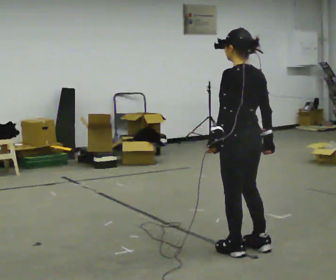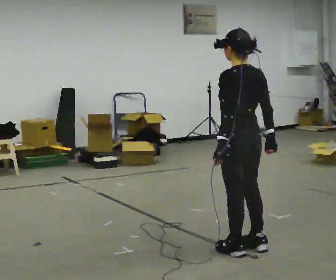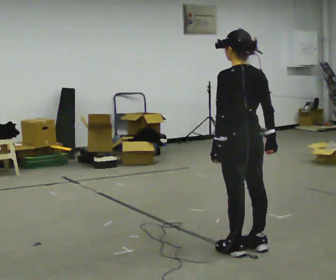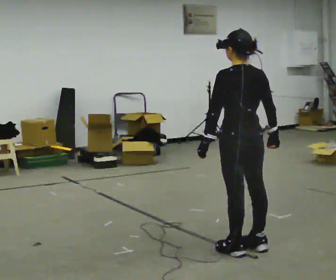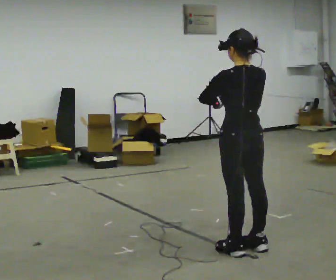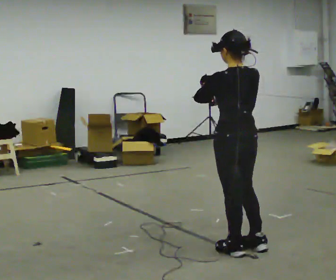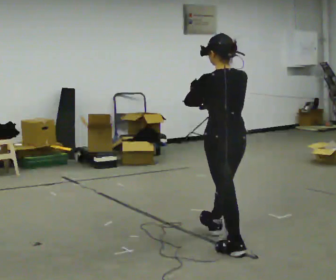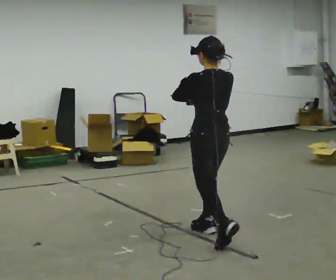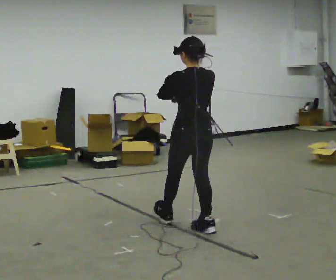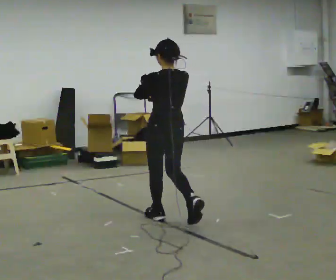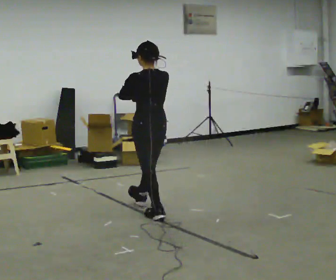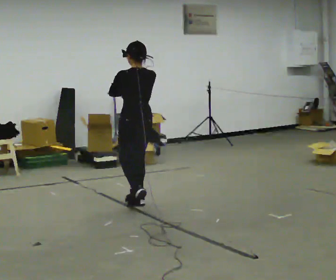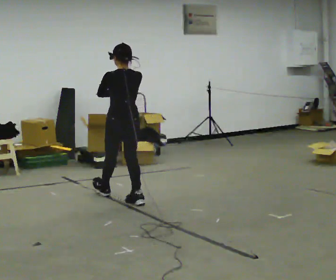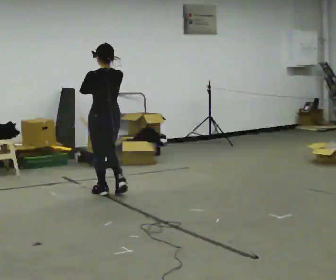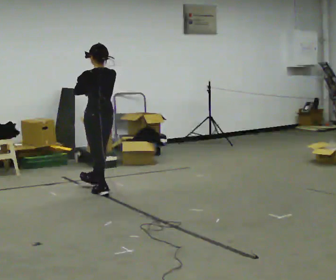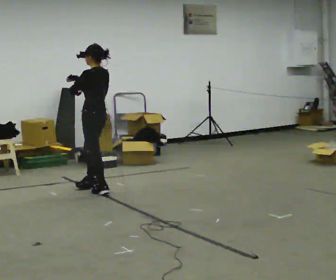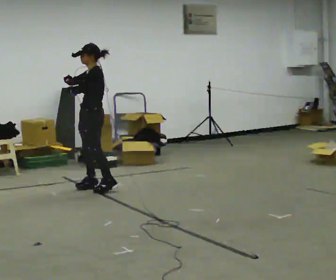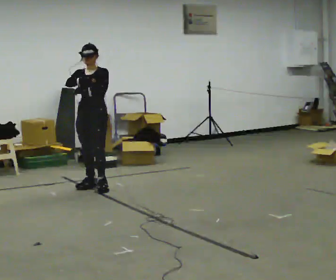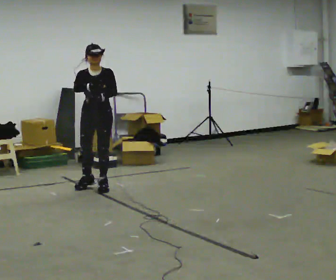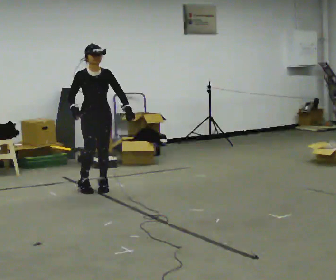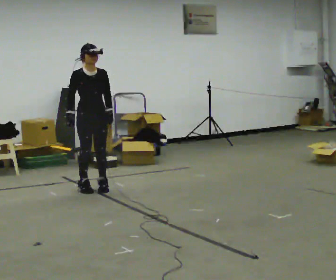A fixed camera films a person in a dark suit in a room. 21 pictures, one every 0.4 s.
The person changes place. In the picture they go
away from the camera.
0.0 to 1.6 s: The person moves a little, or ends about where they began.
1.6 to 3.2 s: In the picture they go away from the camera and to the left, about 0.5 m in 1 step, which for them is forward.
3.2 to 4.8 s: In the picture they go away from the camera and to the left, about 1 m in 2 steps, which for them is forward.
4.8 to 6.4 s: The person turns about 90 degrees to their left, counterclockwise seen from above, so the part of the body nearest the lens slides to the right. In the picture they go away from the camera and to the left, about 0.5 m in 2 steps.
6.4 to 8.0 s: Seen from above the body turns counterclockwise, about 105 degrees: to their left, with its near side sliding to the right. In the picture their left hand goes to the right.
The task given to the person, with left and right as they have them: Walk normally but hold both hands together in front of you at chest height; do not swing your arms; stop.
The film runs forward here.
